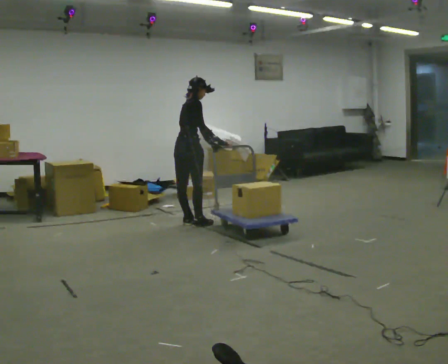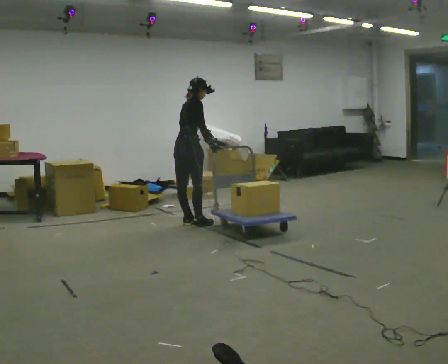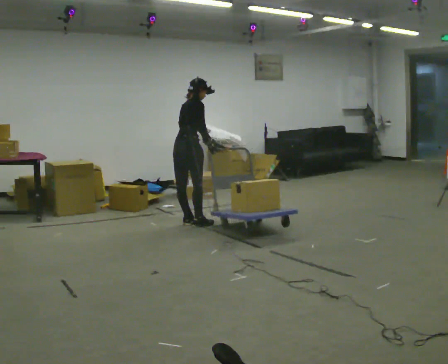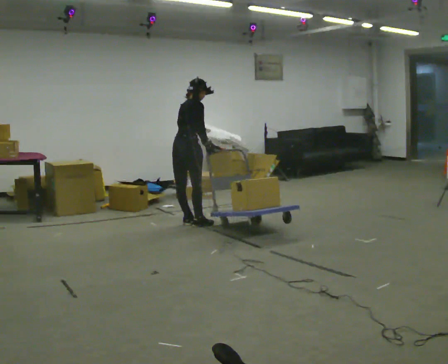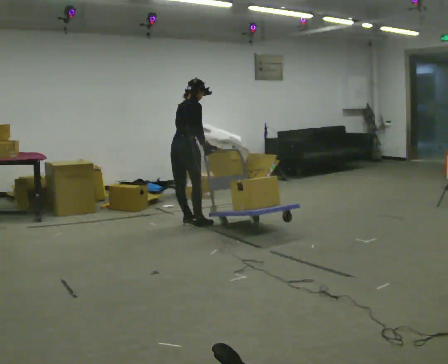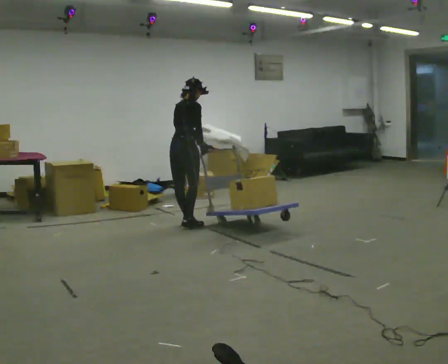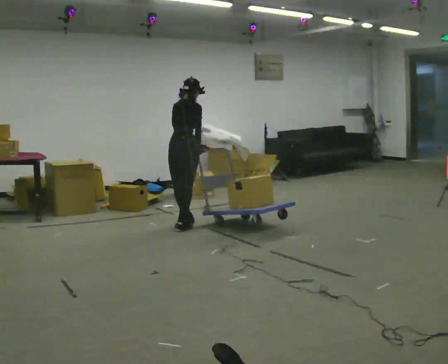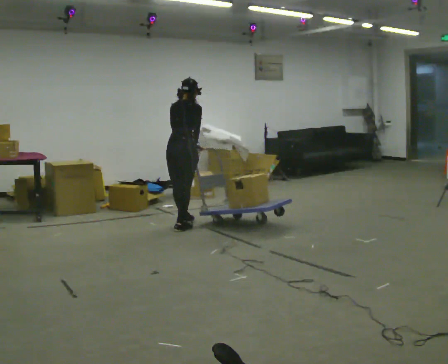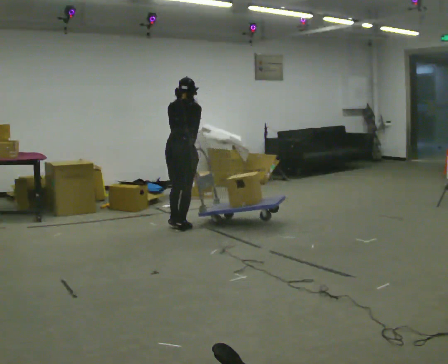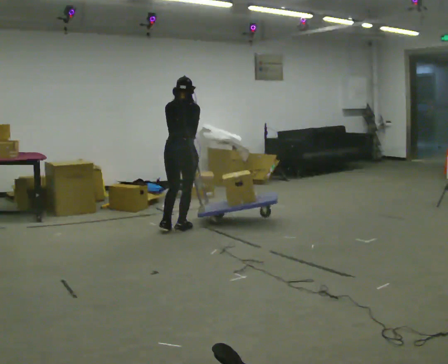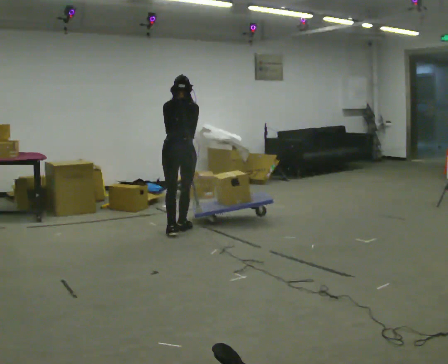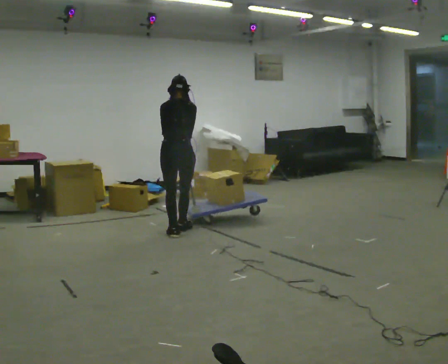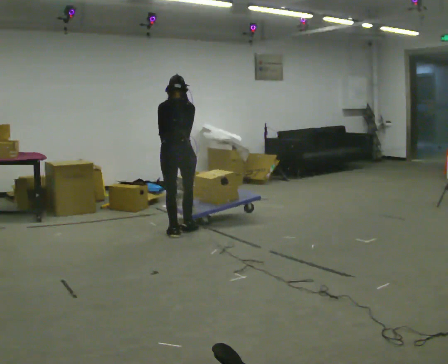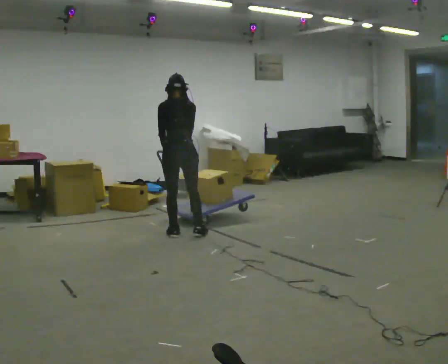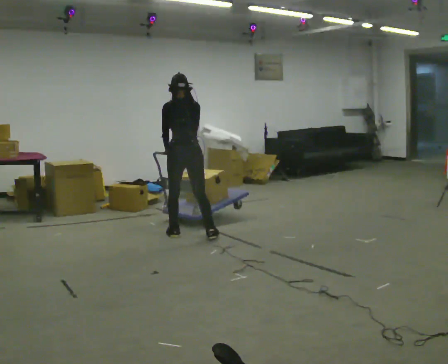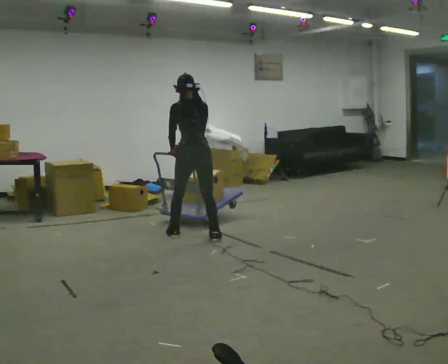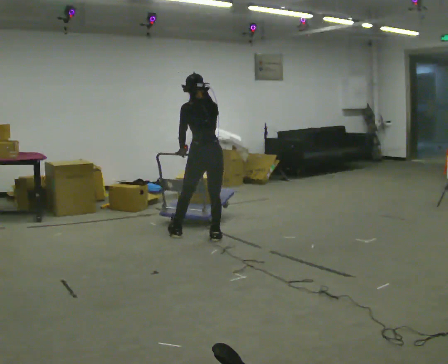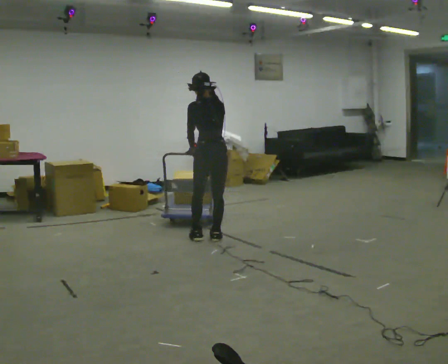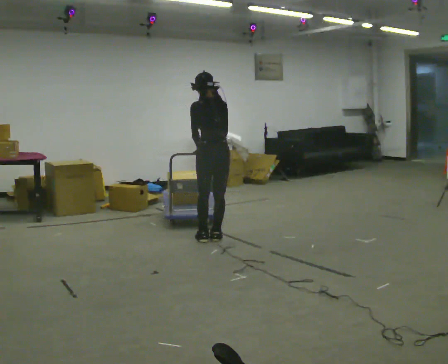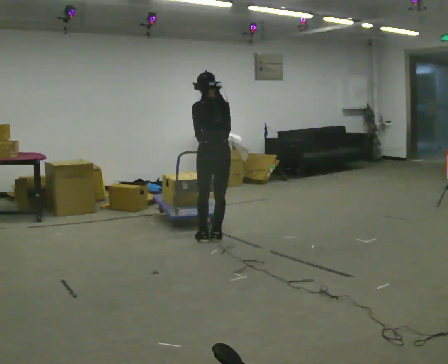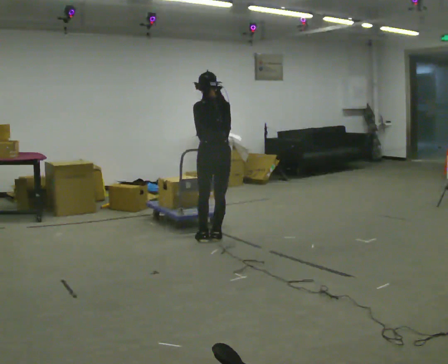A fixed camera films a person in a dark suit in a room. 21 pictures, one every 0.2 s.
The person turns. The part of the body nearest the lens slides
to the right.
The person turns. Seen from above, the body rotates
counterclockwise.
0.0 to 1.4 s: The person turns about 30 degrees to their left, counterclockwise seen from above, so the part of the body nearest the lens slides to the right. In the picture they go toward the camera, about 0.25 m in 1 step, which for them is to their right and backward. In the picture their left hand goes to the left.
1.4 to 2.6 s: In the picture they go toward the camera, about 0.25 m in 1 step, which for them is backward.
2.6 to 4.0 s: In the picture they go to the right, about 0.5 m in 2 steps, which for them is to their right and backward.
The film runs forward here.
